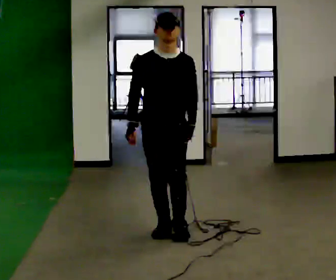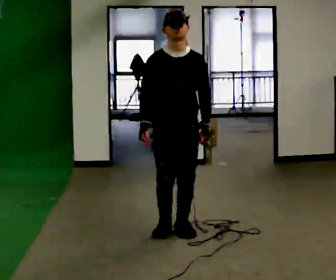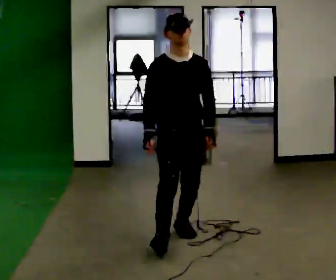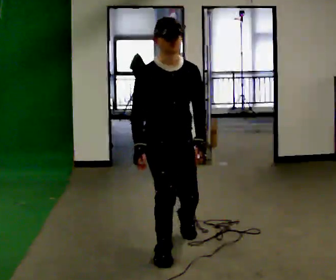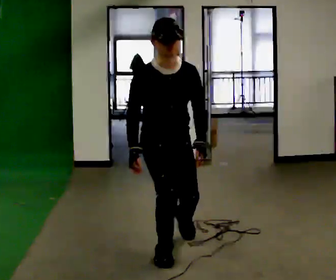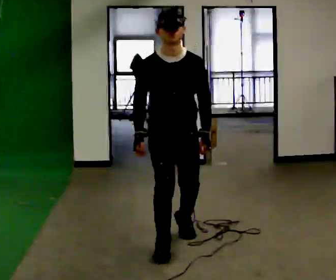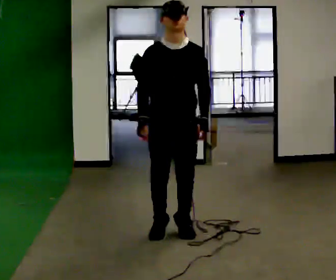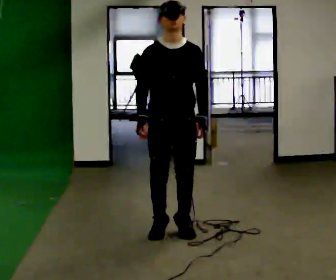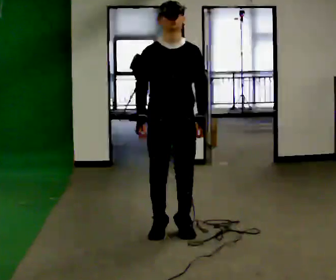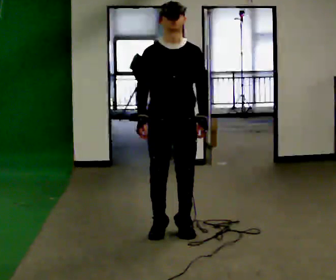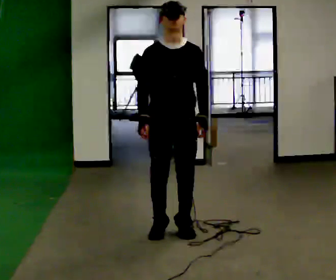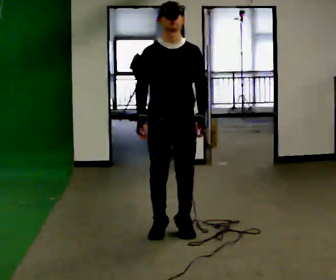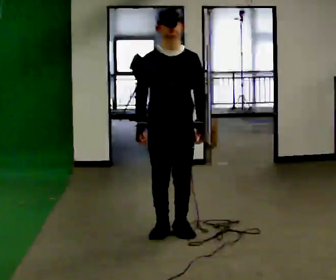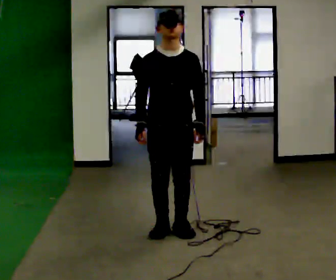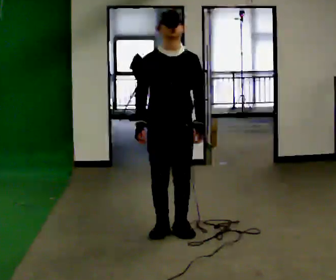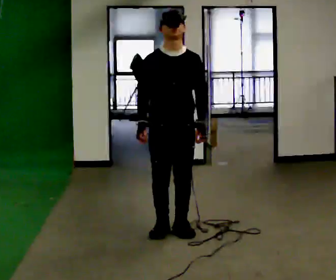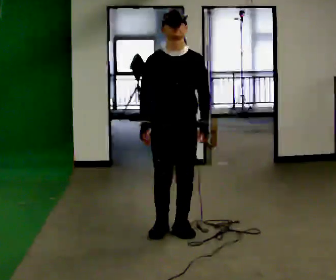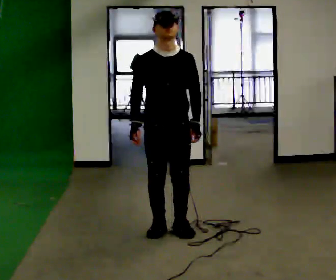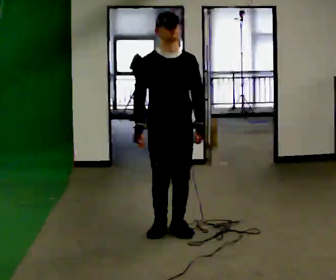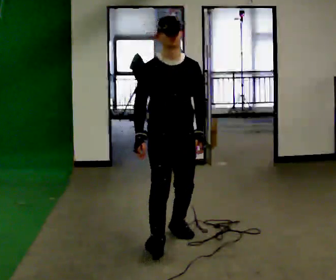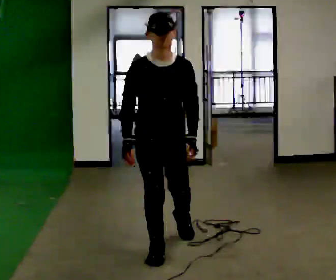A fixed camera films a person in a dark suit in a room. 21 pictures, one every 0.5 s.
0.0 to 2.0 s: In the picture they go toward the camera, about 0.5 m in 2 steps, which for them is forward. The upper body tips toward the camera, its near side rolling downward, as they bend forward.
2.0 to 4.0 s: In the picture they go away from the camera, about 0.25 m in 1 step, which for them is backward. The upper body goes upward. The upper body tips away from the camera, its near side rolling upward, as they lean back or straighten.
4.0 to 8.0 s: The person moves a little, or ends about where they began.
8.0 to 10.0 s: In the picture they go toward the camera, about 0.5 m in 1 step, which for them is forward and to their right.
The film runs backward here.
